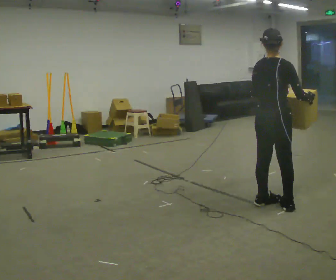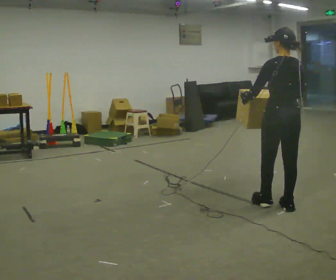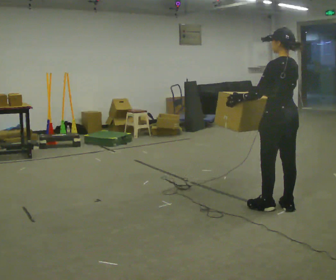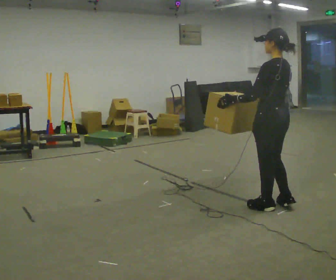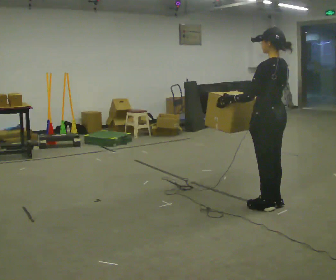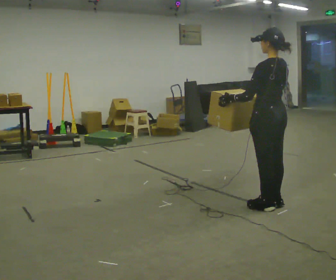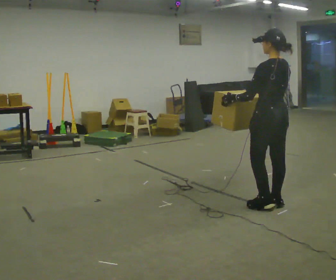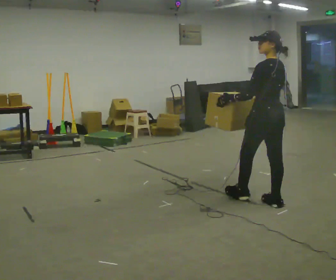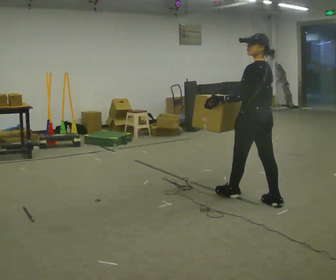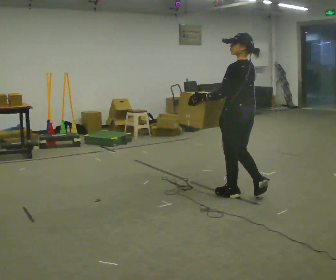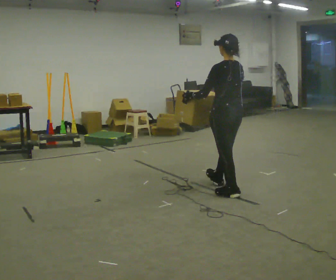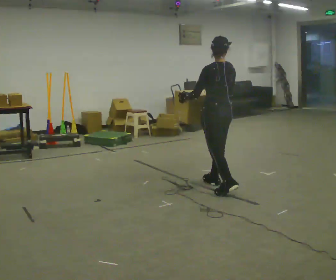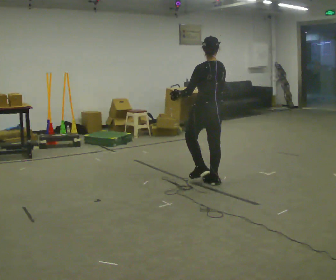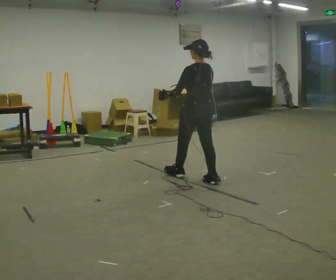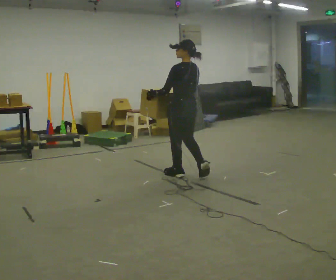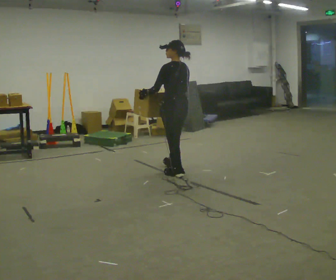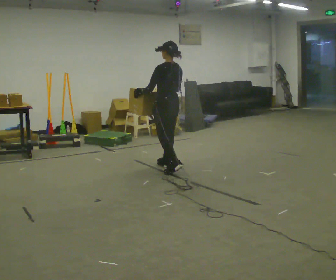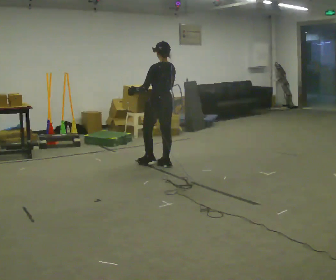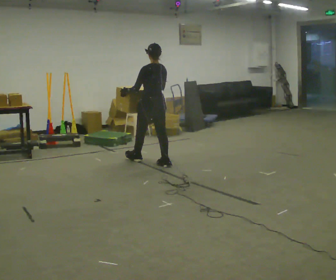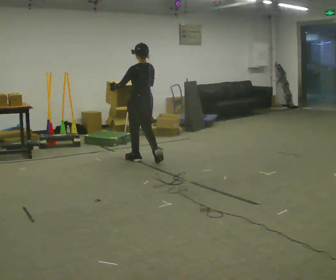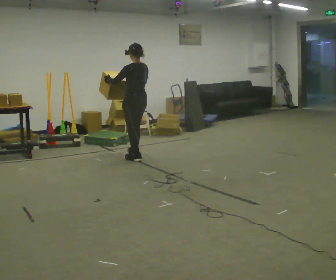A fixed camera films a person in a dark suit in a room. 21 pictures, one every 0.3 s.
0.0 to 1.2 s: The person turns about 75 degrees to their left, counterclockwise seen from above, so the part of the body nearest the lens slides to the right. In the picture their right hand goes to the left, the arm swinging clockwise.
1.2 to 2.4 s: In the picture they go away from the camera, about 0.25 m in 1 step, which for them is forward.
2.4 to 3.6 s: In the picture they go away from the camera and to the left, about 0.5 m in 1 step, which for them is forward.
3.6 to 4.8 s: In the picture they go to the left and away from the camera, about 1 m in 2 steps, which for them is forward.
4.8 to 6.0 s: In the picture they go to the left and away from the camera, about 0.5 m in 1 step, which for them is forward.
The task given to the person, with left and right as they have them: Carry the box across the room while freely looking around at the walls, ceiling and floor. Keep going until the operator says stop; one object at a time, and do not rush between trips.
The film runs forward here.
